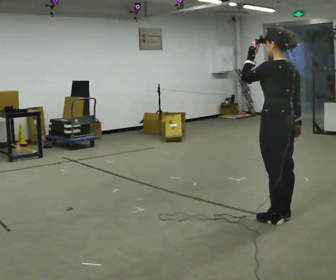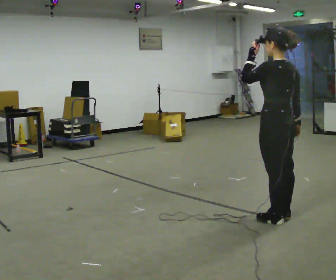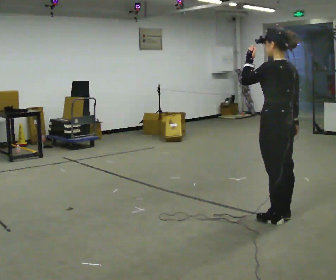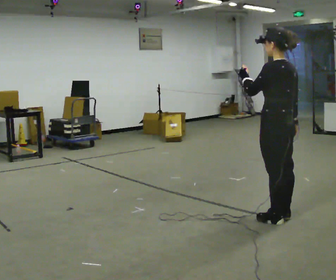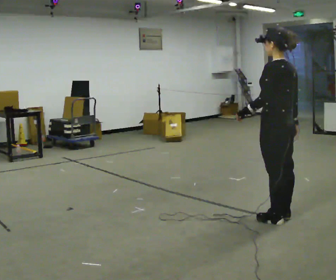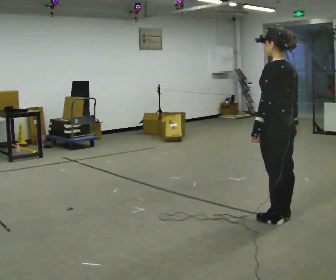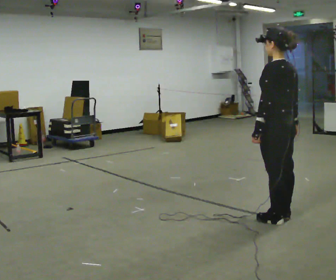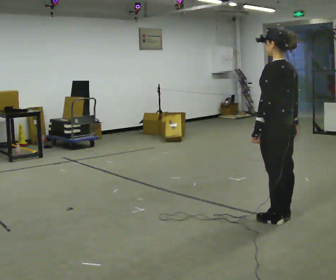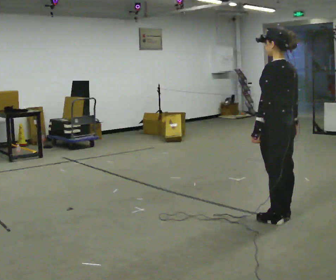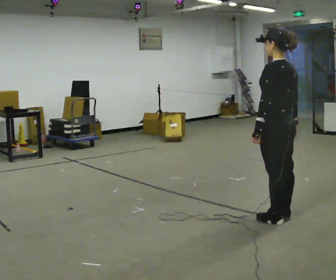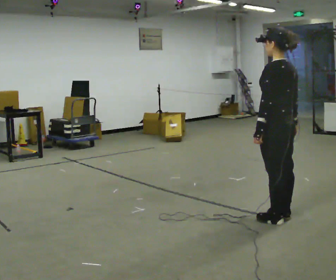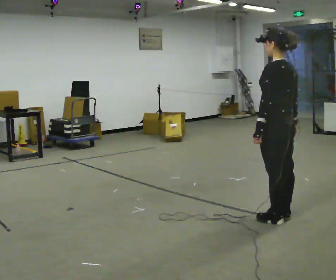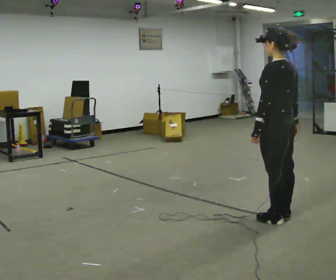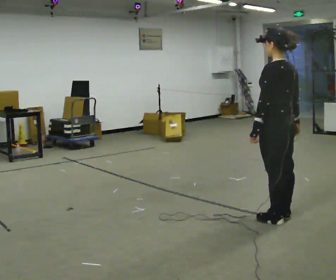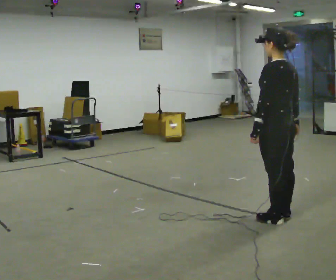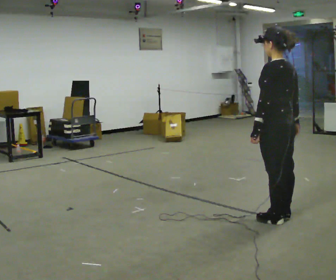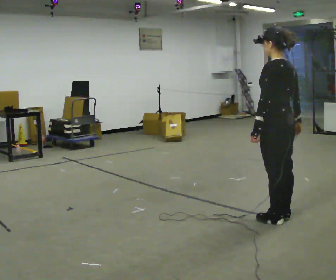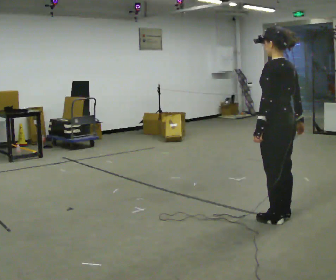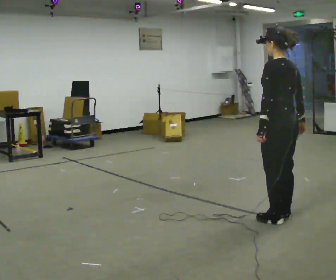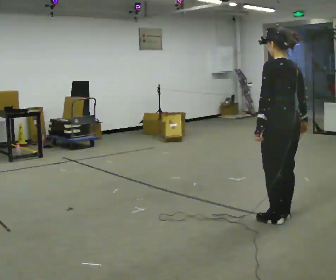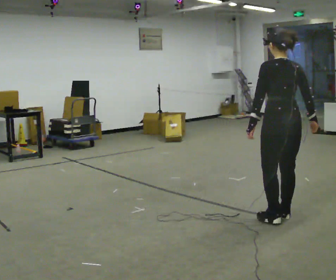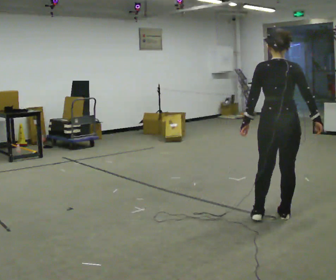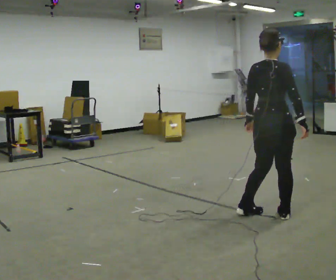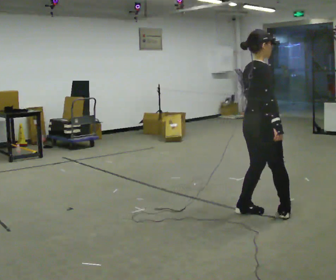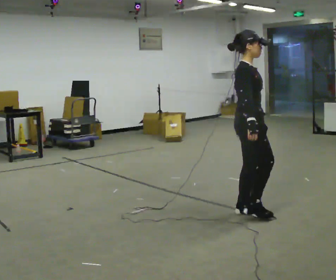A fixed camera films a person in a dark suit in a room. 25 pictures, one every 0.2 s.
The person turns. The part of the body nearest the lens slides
to the left.
The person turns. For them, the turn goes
to their right.
0.0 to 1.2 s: In the picture their left hand goes downward.
1.2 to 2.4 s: The person keeps their place and pose.
2.4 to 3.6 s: The person moves a little, or ends about where they began.
3.6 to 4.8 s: Seen from above the body turns clockwise, about 135 degrees: to their right, with its near side sliding to the left. In the picture they go to the left and away from the camera, about 0.25 m in 2 steps.
The film runs backward here.
